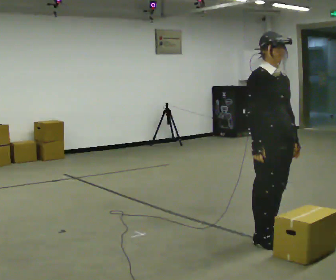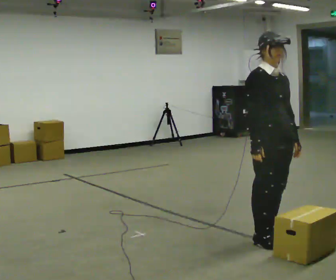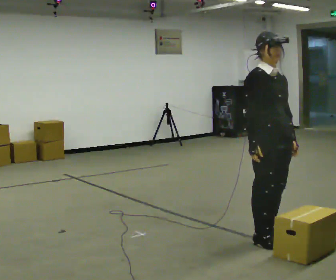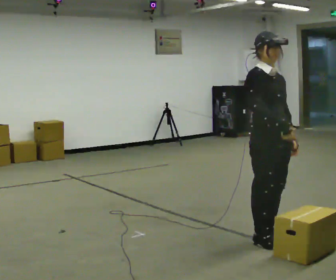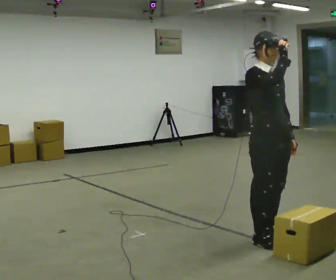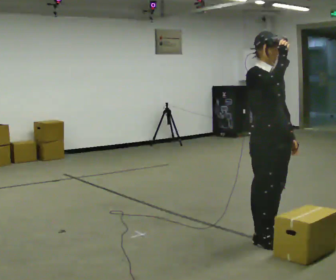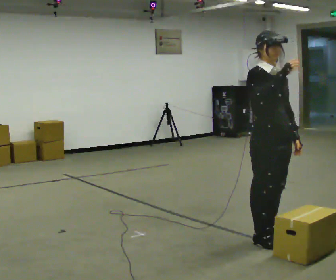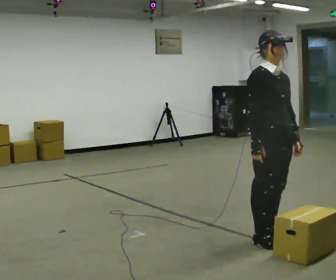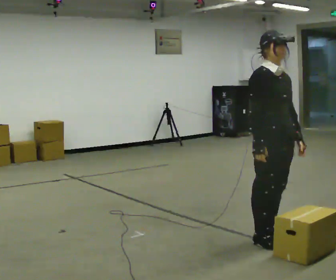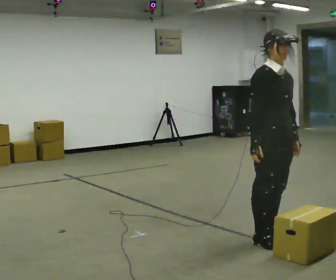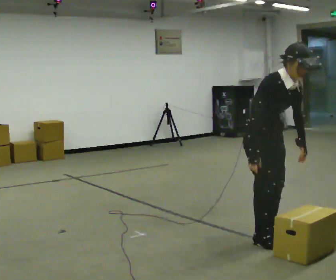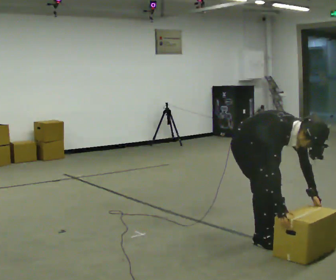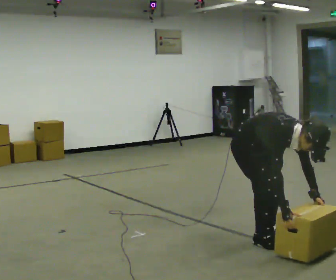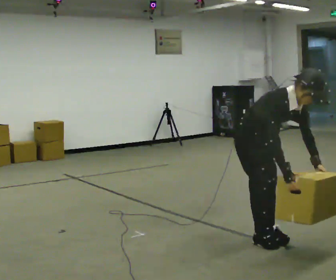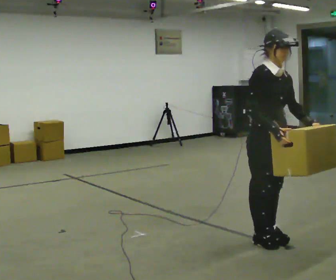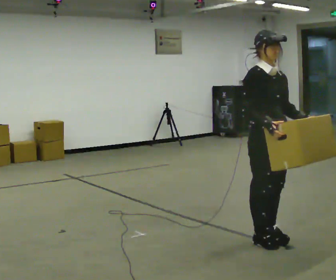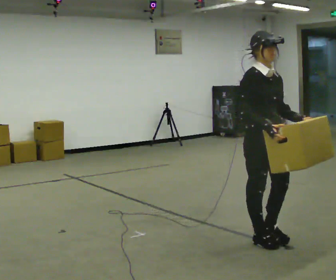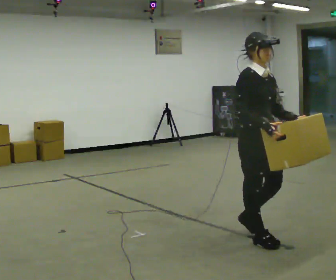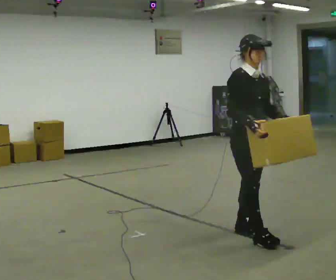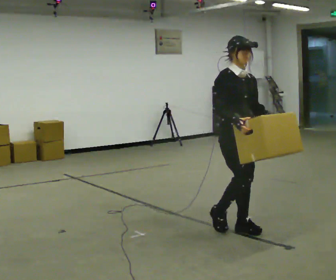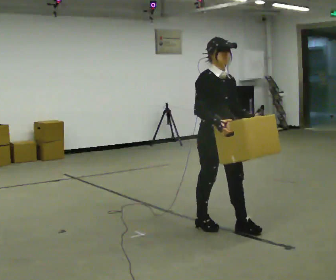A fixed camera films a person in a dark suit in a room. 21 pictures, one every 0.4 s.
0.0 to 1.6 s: In the picture their right hand goes upward.
1.6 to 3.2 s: In the picture their right hand goes downward.
3.2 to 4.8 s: In the picture they go to the left, about 0.25 m, which for them is backward. The shoulders move downward. In the picture the upper body tilts clockwise, shoulders to the right, as they bend forward. In the picture their right hand goes downward.
4.8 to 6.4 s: The shoulders move upward. In the picture the upper body tilts counterclockwise, shoulders to the left, as they lean back or straighten. In the picture their left hand goes upward.
6.4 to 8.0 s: In the picture they go to the left and away from the camera, about 0.5 m in 2 steps, which for them is backward.
The film runs backward here.
